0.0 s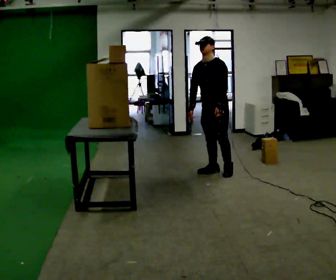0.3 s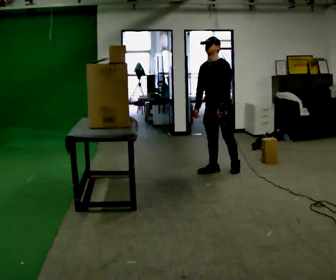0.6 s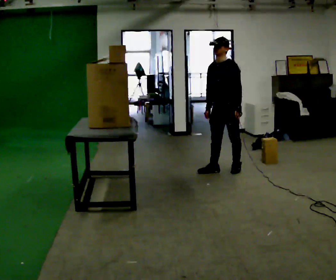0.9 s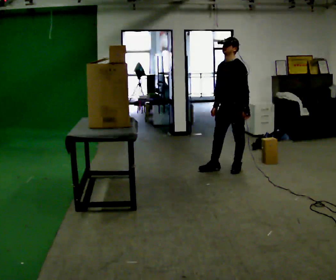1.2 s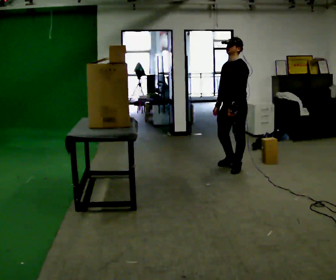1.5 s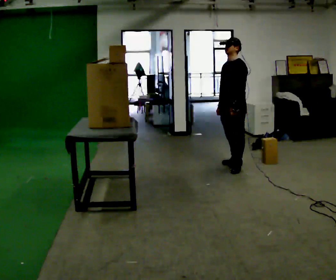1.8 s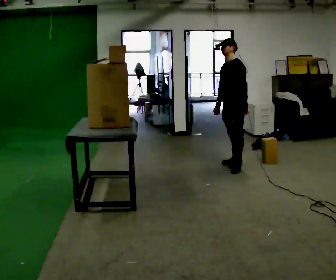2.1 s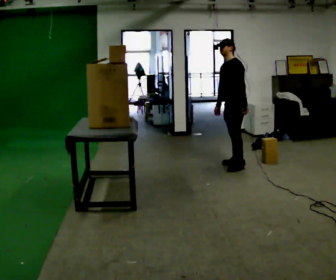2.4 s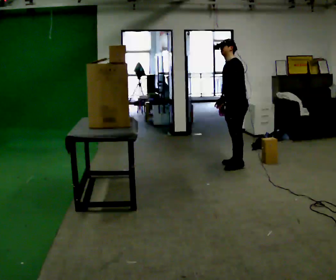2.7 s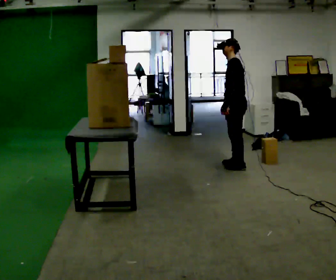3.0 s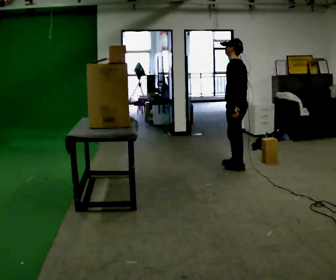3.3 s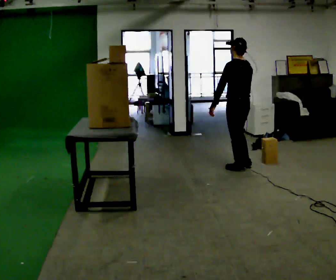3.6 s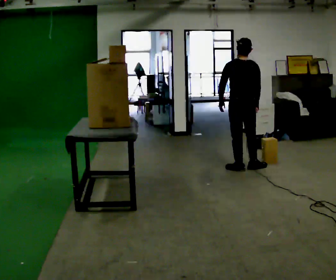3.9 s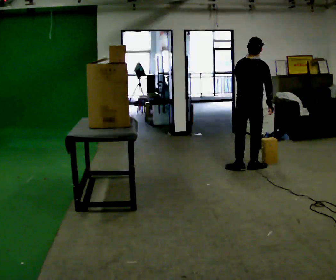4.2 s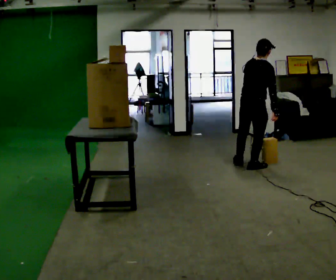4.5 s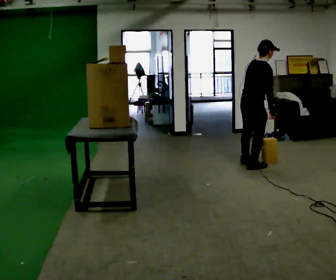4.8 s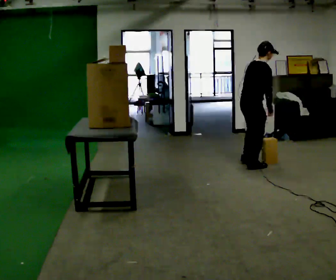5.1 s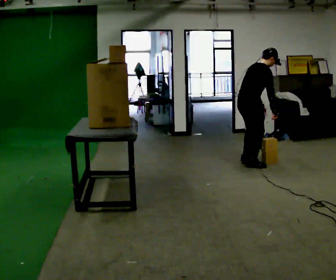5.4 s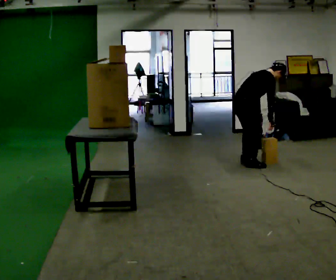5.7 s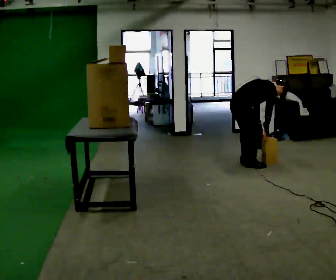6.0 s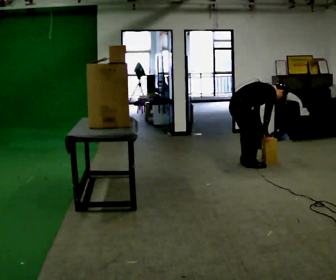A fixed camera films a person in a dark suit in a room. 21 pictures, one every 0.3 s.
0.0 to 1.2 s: The person turns about 30 degrees to their right, clockwise seen from above, so the part of the body nearest the lens slides to the left. In the picture they go to the right, about 0.25 m in 1 step, which for them is backward and to their left.
1.2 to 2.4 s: In the picture they go away from the camera, about 0.25 m, which for them is to their right and backward.
2.4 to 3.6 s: The part of the body nearest the lens slides to the left as the person turns to their right by about 90 degrees. In the picture they go toward the camera, about 0.25 m in 1 step.
3.6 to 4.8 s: Seen from above the body turns clockwise, about 75 degrees: to their right, with its near side sliding to the left. In the picture they go away from the camera, about 0.25 m in 1 step. In the picture the upper body tilts clockwise, shoulders to the right, as they bend forward. In the picture their left hand goes to the right.
4.8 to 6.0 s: In the picture they go to the left, about 0.25 m, which for them is backward. The shoulders move downward. In the picture the upper body tilts clockwise, shoulders to the right, as they bend forward.
The film runs backward here.
